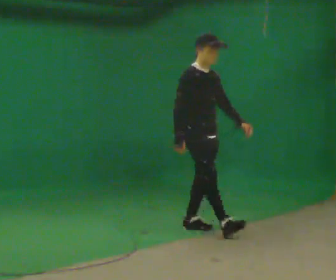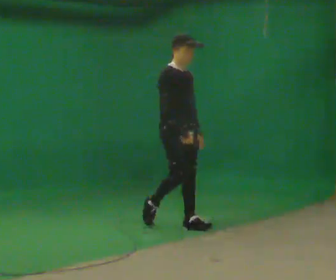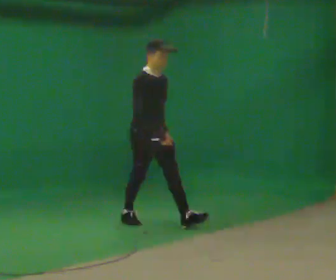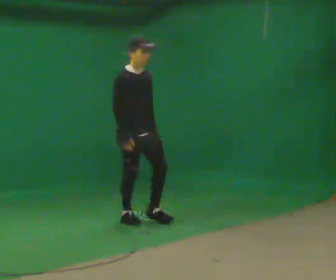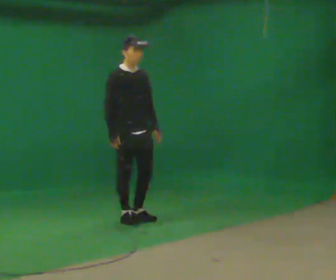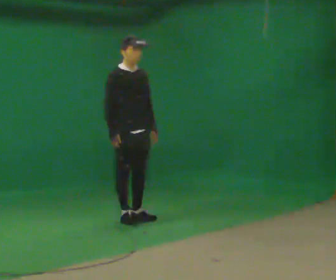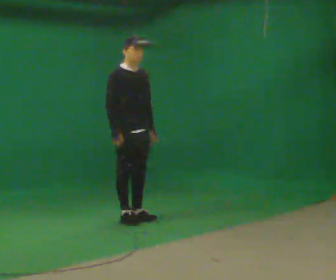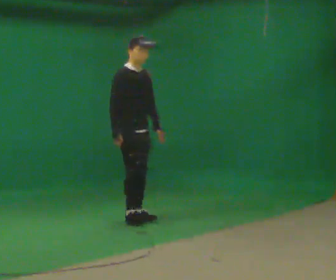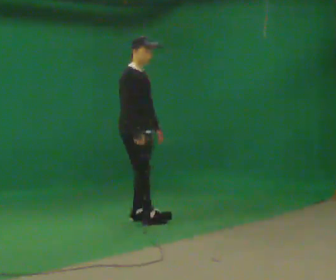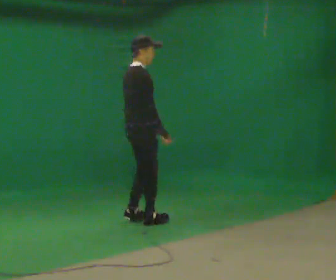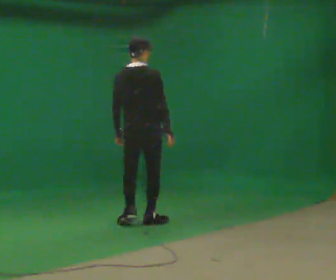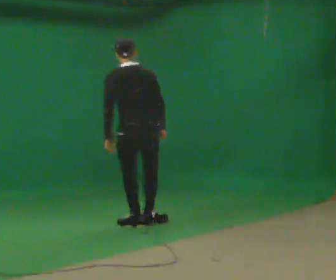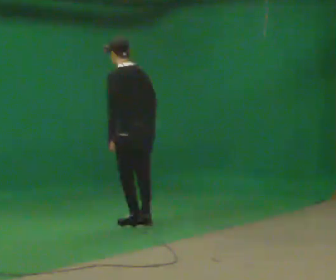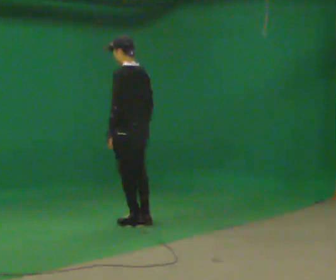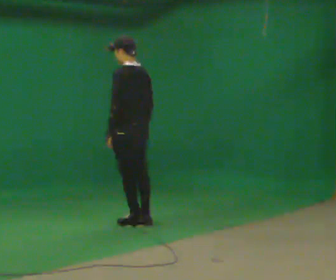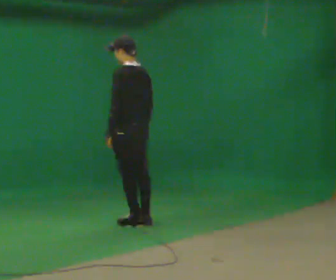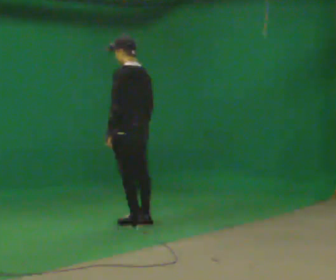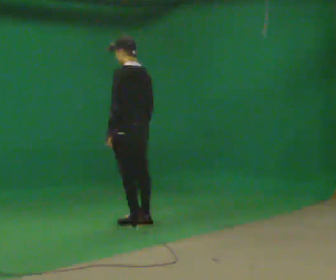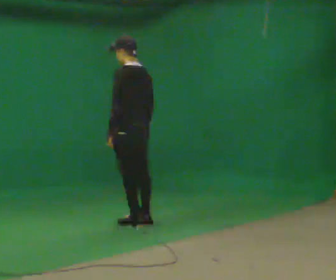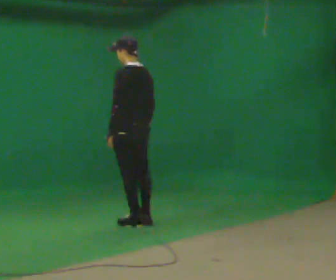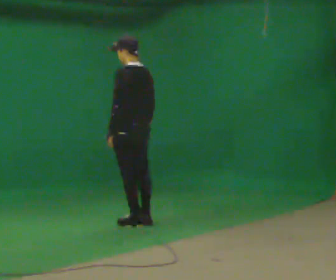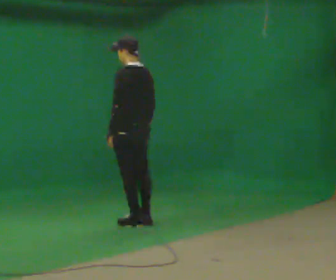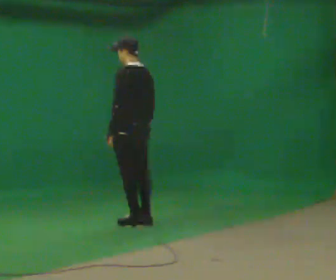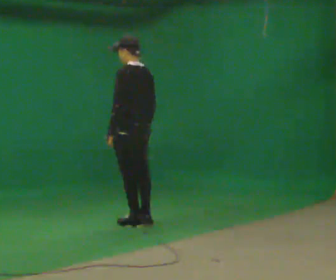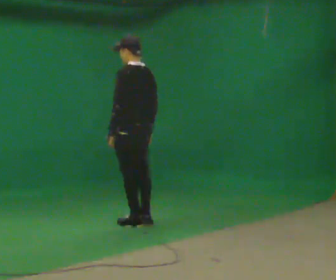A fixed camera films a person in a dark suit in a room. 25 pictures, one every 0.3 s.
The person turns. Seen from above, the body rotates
counterclockwise.
The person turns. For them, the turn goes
to their left.
0.0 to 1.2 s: In the picture they go to the left and away from the camera, about 1 m in 1 step, which for them is backward.
1.2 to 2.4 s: The part of the body nearest the lens slides to the right as the person turns to their left by about 30 degrees.
2.4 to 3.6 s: The part of the body nearest the lens slides to the right as the person turns to their left by about 150 degrees. In the picture they go toward the camera, about 0.25 m in 1 step. In the picture the upper body tilts counterclockwise, shoulders to the left.
3.6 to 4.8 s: The person moves a little, or ends about where they began.
4.8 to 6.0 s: The person keeps their place and pose.
6.0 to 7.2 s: The person moves a little, or ends about where they began.
The film runs backward here.
